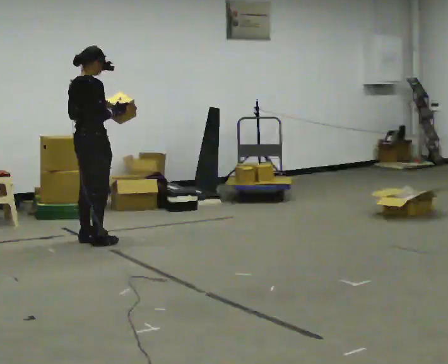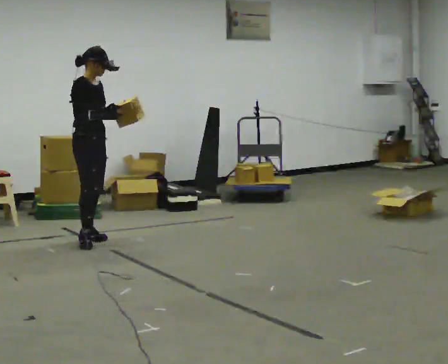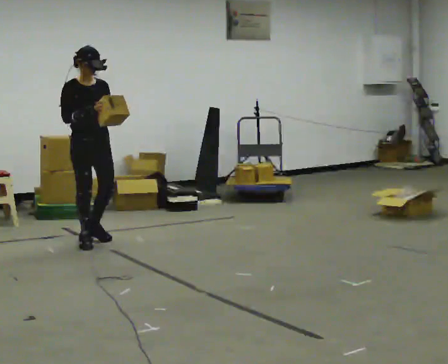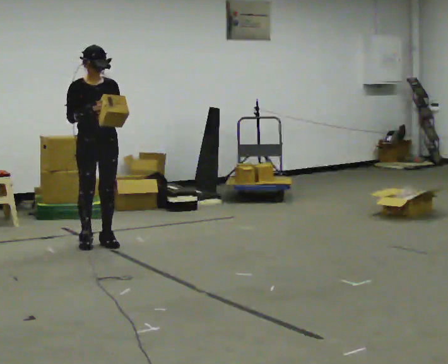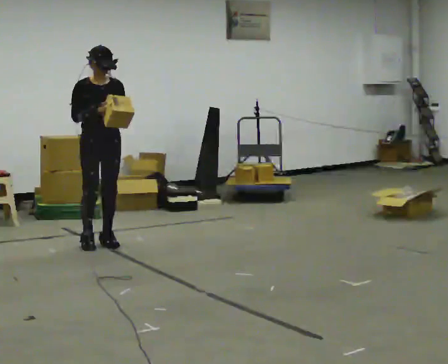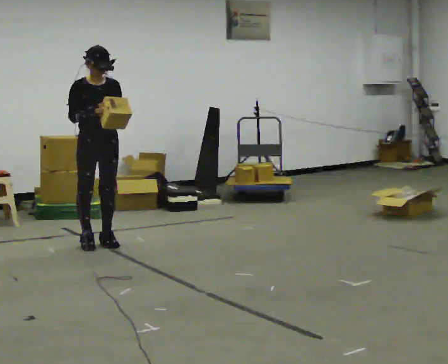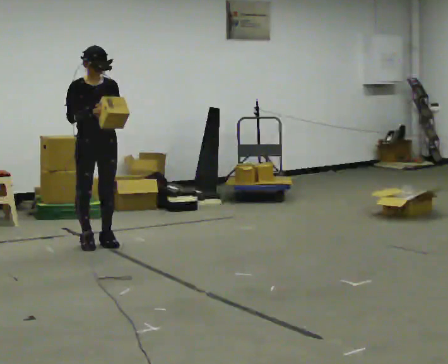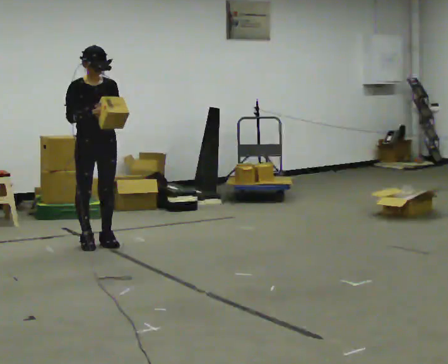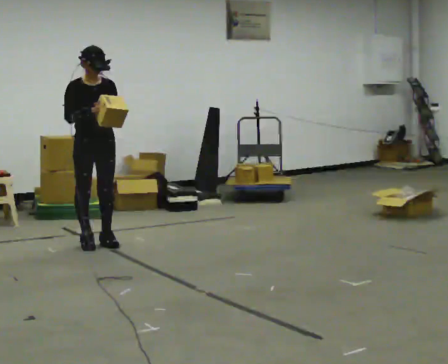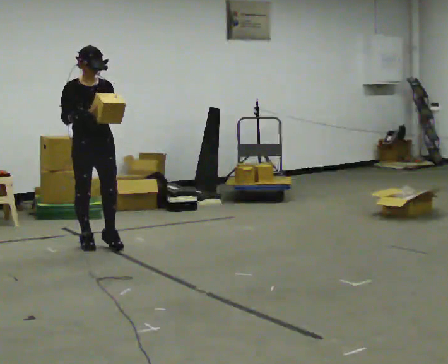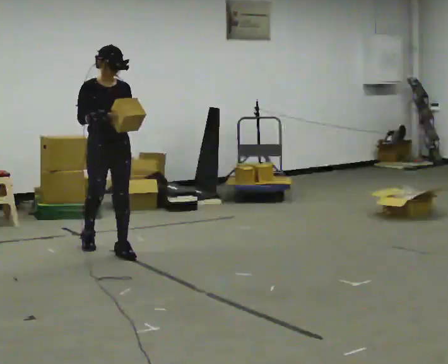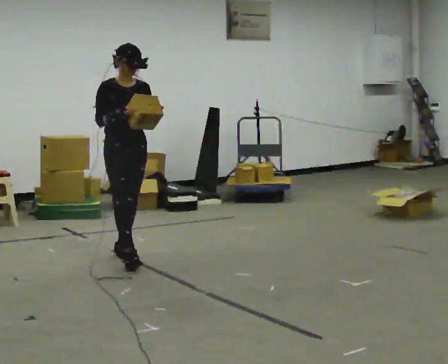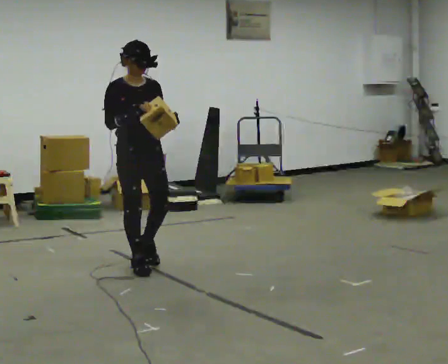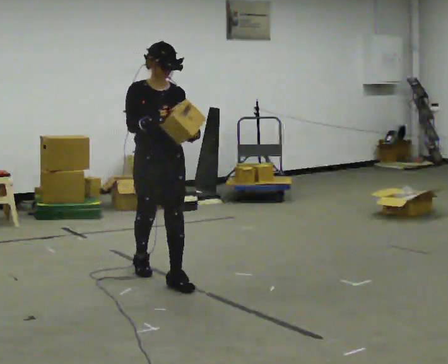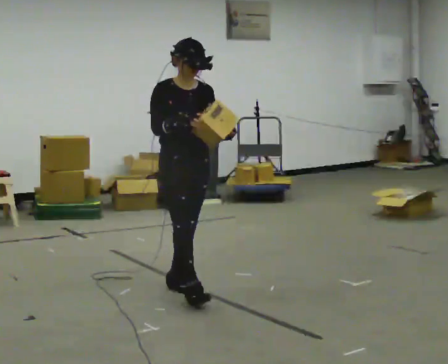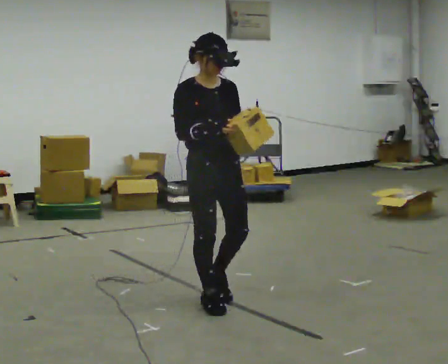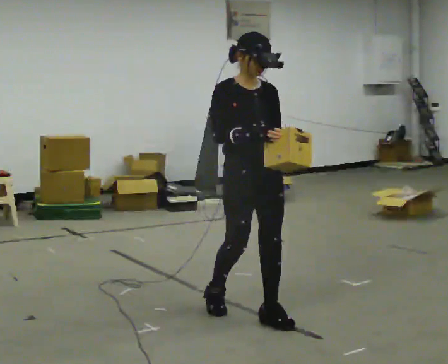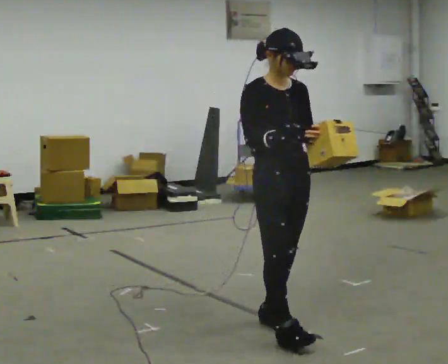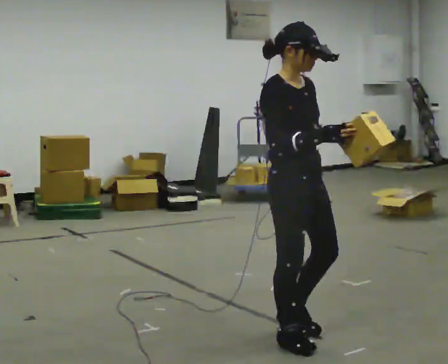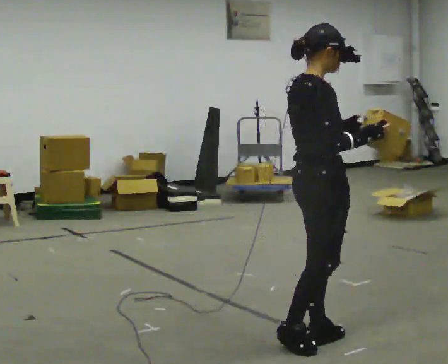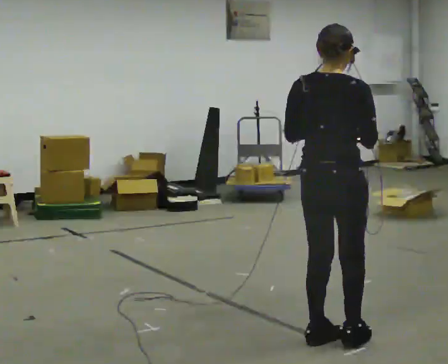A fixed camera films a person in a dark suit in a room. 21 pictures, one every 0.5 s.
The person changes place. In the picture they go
toward the camera.
0.0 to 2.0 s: The person turns about 90 degrees to their right, clockwise seen from above, so the part of the body nearest the lens slides to the left.
2.0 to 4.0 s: The person moves a little, or ends about where they began.
4.0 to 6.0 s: In the picture they go toward the camera and to the right, about 1 m in 2 steps, which for them is forward.
6.0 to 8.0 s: In the picture they go toward the camera and to the right, about 1.5 m in 3 steps, which for them is forward.
8.0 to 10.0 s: The person turns about 120 degrees to their left, counterclockwise seen from above, so the part of the body nearest the lens slides to the right. In the picture they go toward the camera and to the right, about 0.5 m in 2 steps.
The film runs forward here.
